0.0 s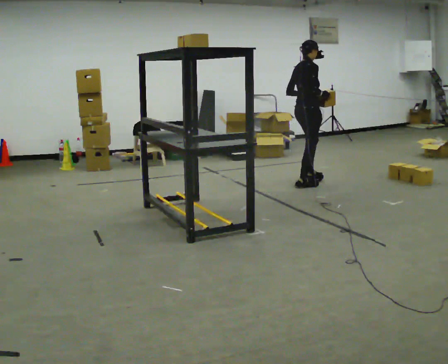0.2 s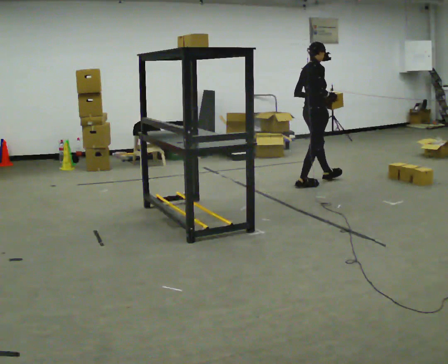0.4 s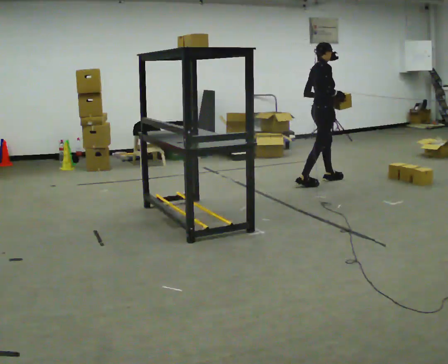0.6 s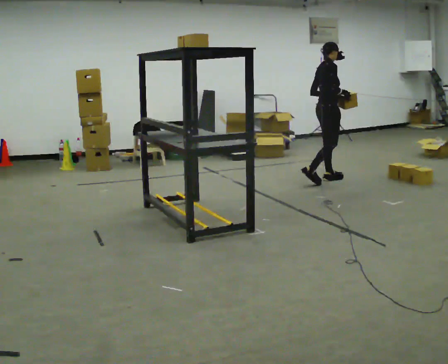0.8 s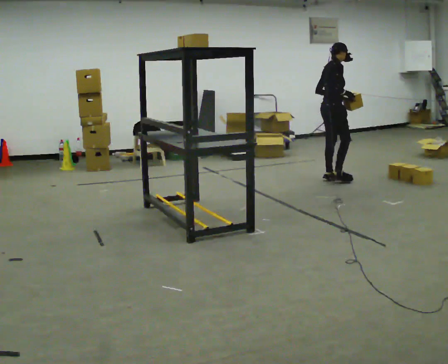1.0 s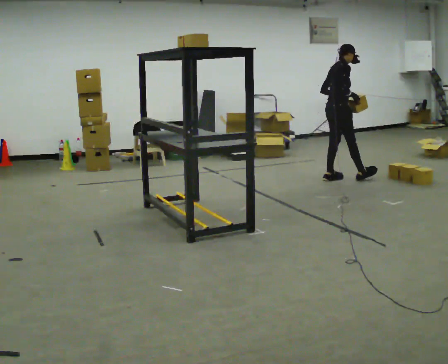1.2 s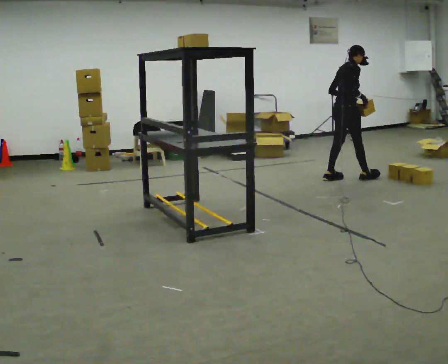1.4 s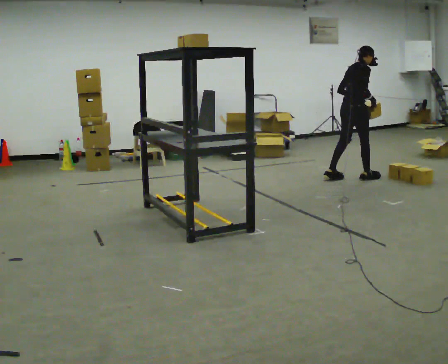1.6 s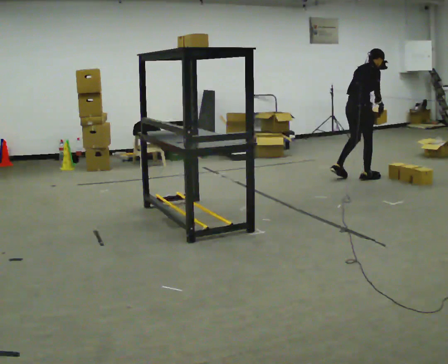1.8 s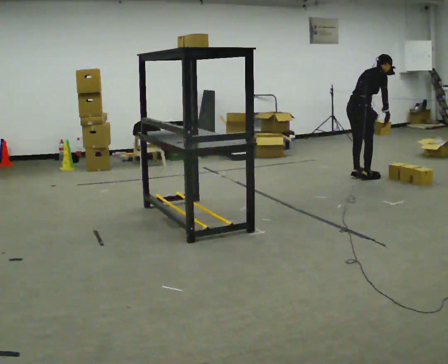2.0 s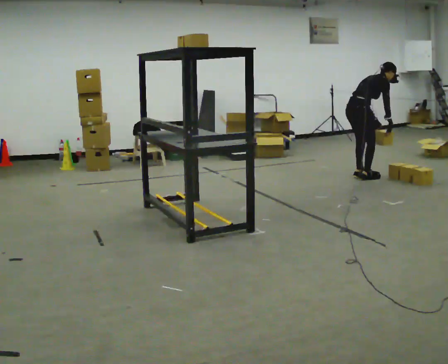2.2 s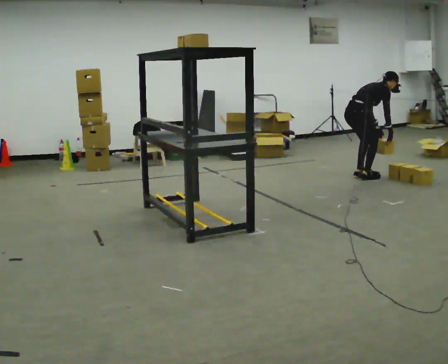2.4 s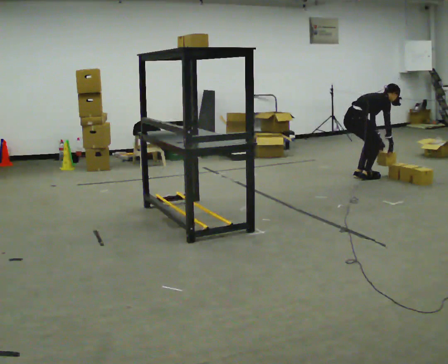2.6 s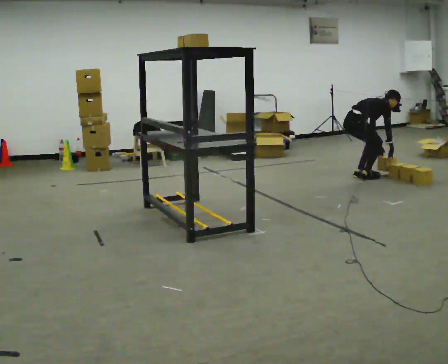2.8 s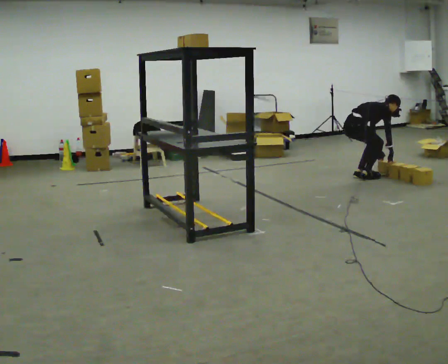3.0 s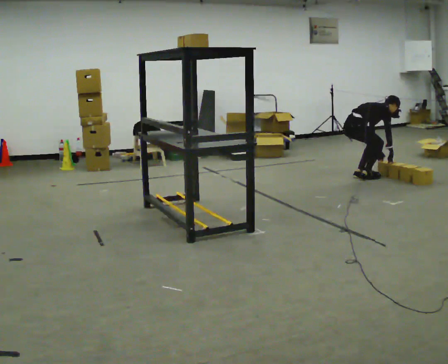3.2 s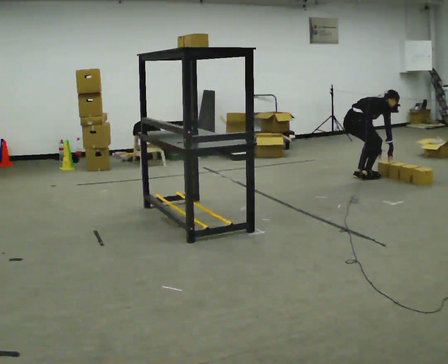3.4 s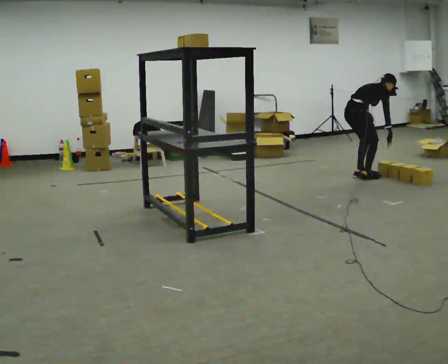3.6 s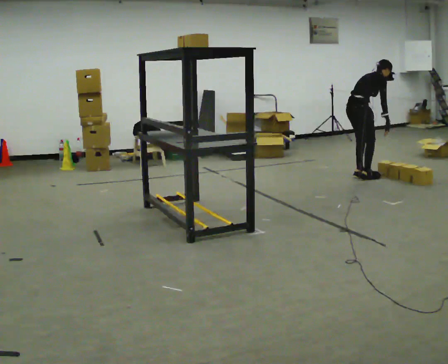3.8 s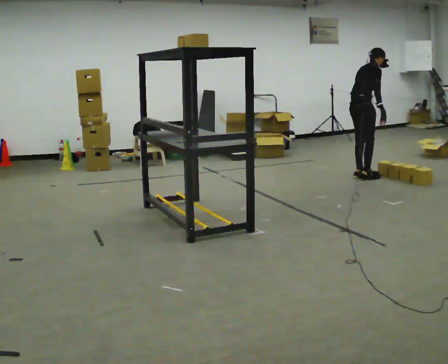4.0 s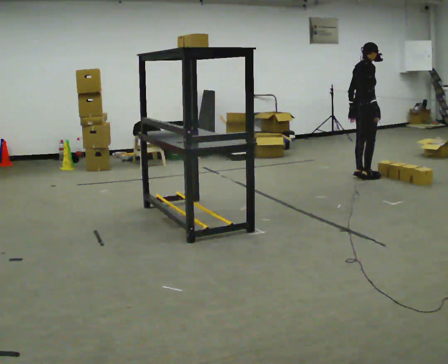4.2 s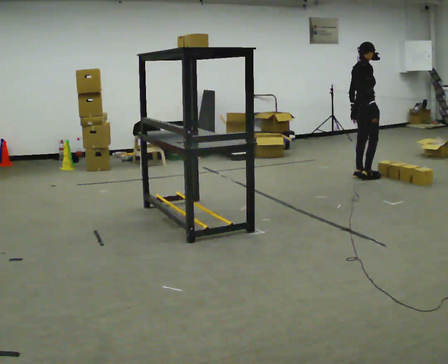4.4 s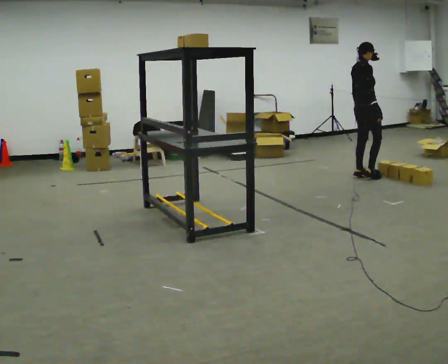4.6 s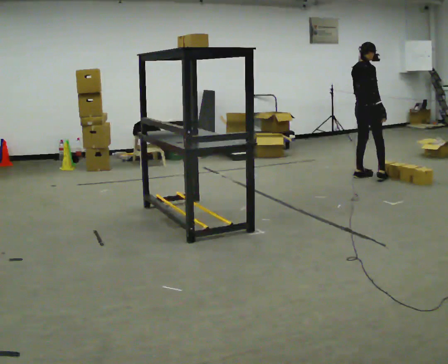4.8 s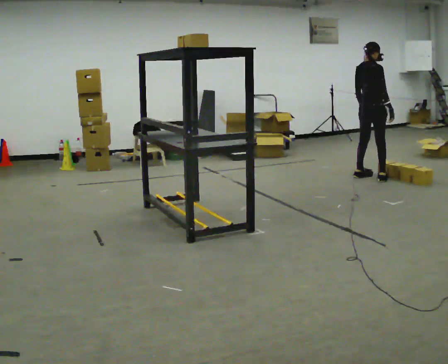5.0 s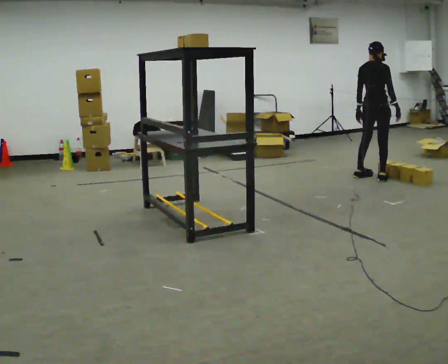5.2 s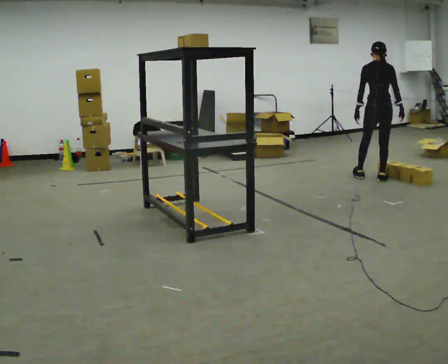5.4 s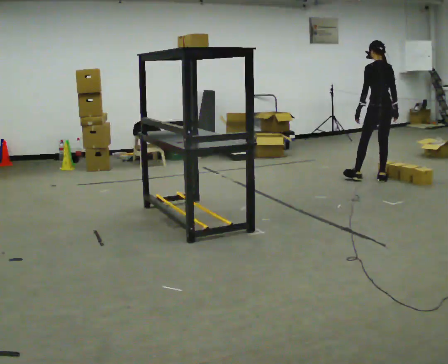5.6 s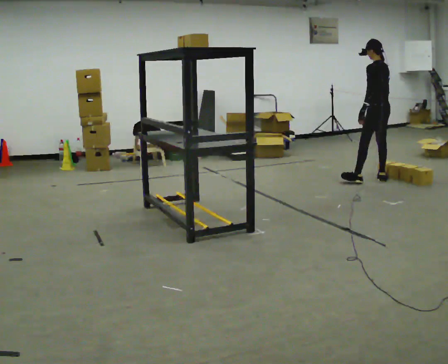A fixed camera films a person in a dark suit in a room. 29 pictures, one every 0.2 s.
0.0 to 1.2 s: In the picture they go to the right and away from the camera, about 0.5 m in 2 steps, which for them is forward and to their left.
1.2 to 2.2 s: The shoulders move downward. In the picture the upper body tilts clockwise, shoulders to the right, as they bend forward. In the picture their right hand goes downward and to the right.
2.2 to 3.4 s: The person moves a little, or ends about where they began.
3.4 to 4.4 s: The upper body goes upward. In the picture the upper body tilts counterclockwise, shoulders to the left, as they lean back or straighten.
4.4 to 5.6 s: The part of the body nearest the lens slides to the right as the person turns to their left by about 120 degrees. In the picture they go toward the camera and to the right, about 0.25 m in 1 step.
The film runs forward here.
